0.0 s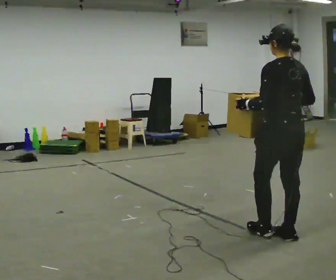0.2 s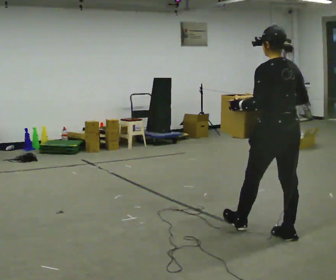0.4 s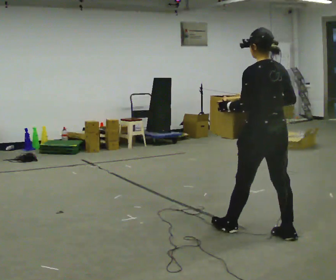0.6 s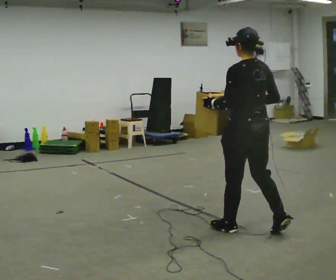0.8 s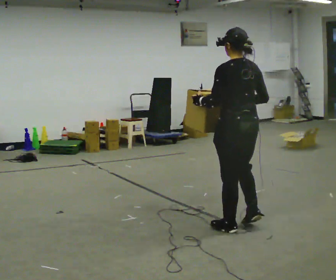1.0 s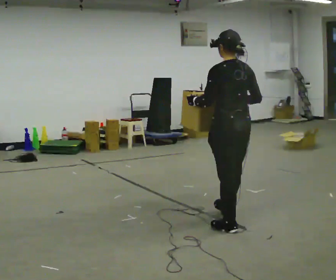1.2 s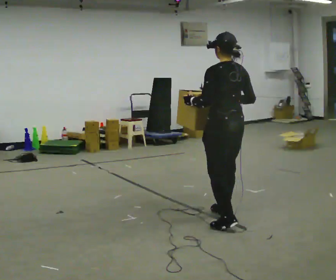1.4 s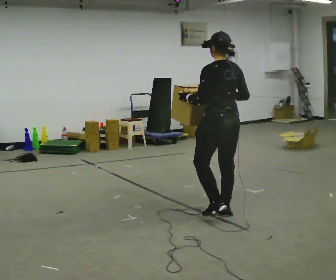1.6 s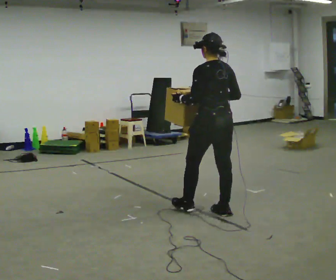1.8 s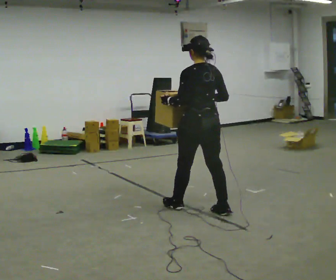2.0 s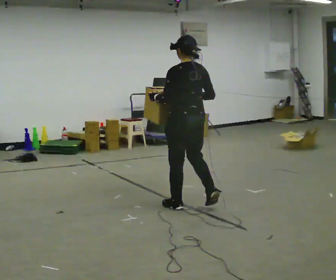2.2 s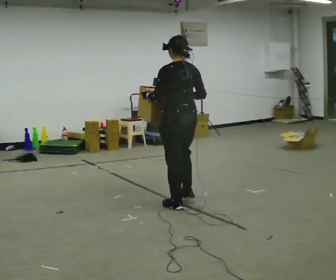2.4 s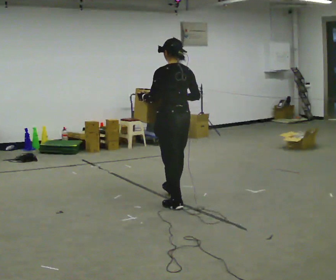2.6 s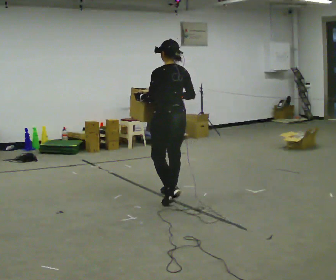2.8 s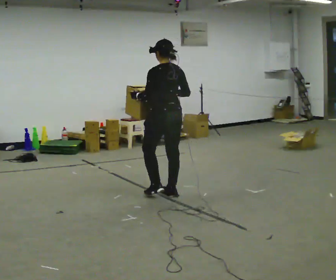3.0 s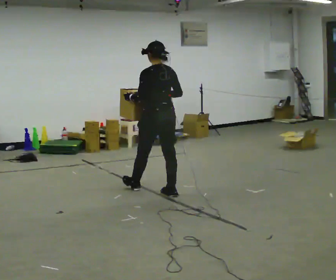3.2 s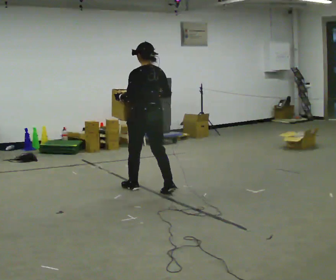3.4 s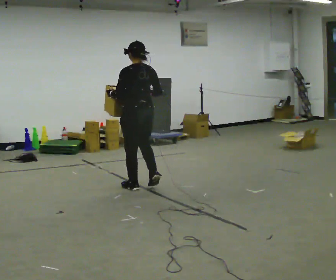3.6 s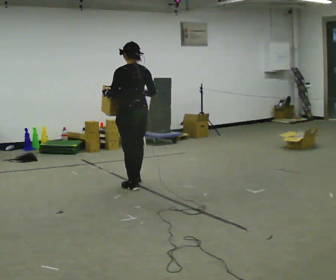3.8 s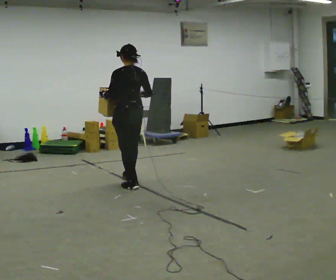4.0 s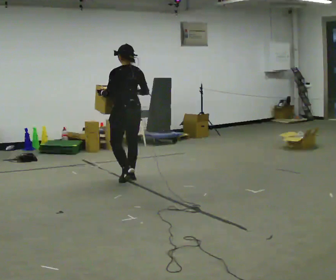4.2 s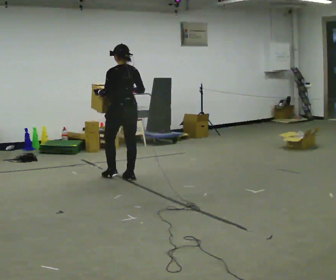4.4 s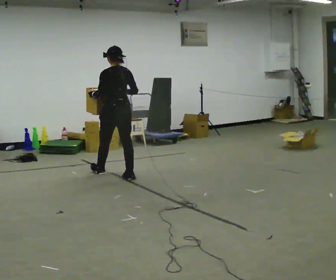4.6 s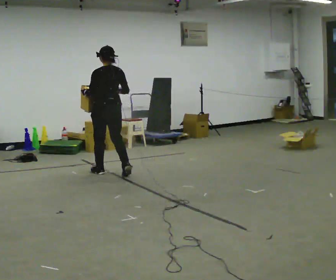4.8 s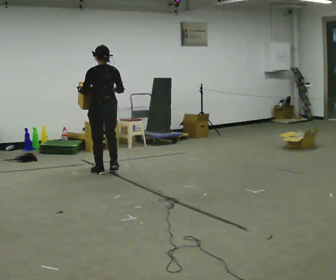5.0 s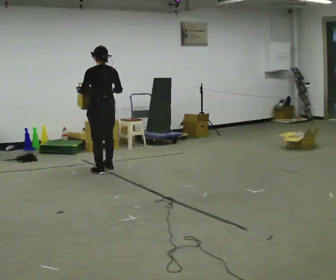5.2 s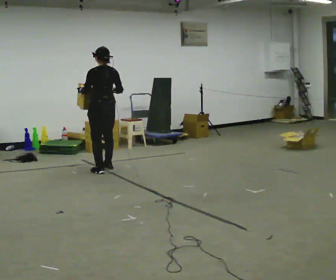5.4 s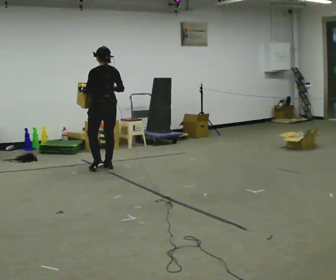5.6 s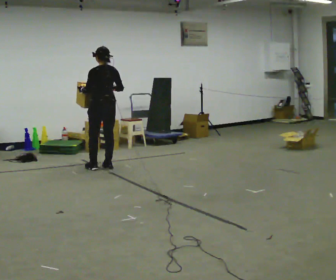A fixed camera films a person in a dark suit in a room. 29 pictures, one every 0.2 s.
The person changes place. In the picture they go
away from the camera.
0.0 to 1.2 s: In the picture they go away from the camera and to the left, about 0.75 m in 2 steps, which for them is forward.
1.2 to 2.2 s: In the picture they go away from the camera and to the left, about 0.5 m in 1 step, which for them is forward.
2.2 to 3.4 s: In the picture they go away from the camera and to the left, about 1 m in 2 steps, which for them is forward.
3.4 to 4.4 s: In the picture they go away from the camera and to the left, about 0.75 m in 2 steps, which for them is forward.
4.4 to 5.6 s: In the picture they go away from the camera and to the left, about 0.5 m in 2 steps, which for them is forward.
The film runs forward here.
